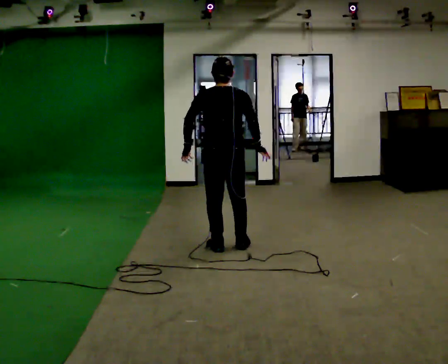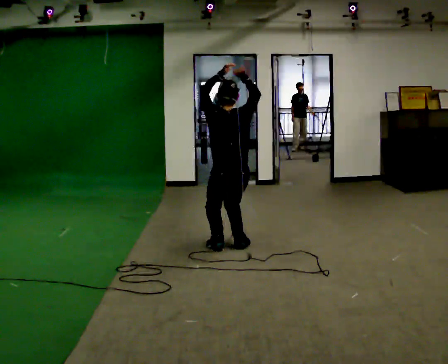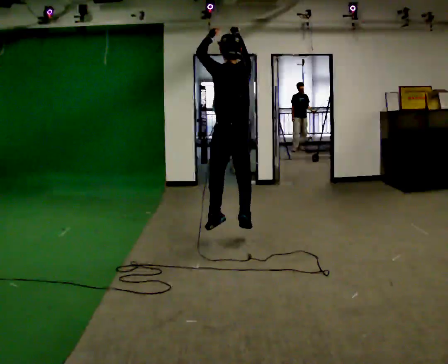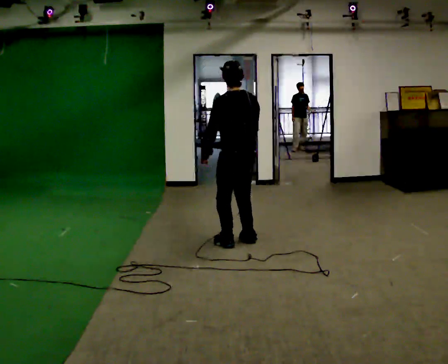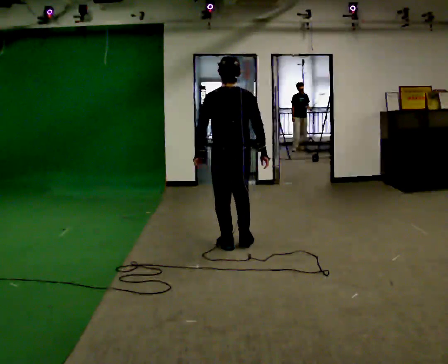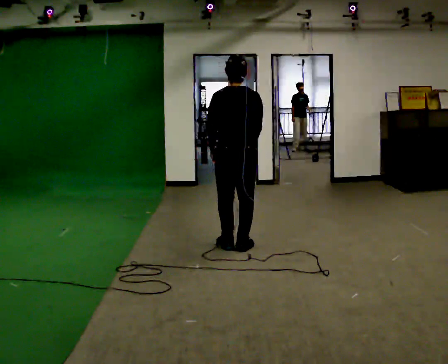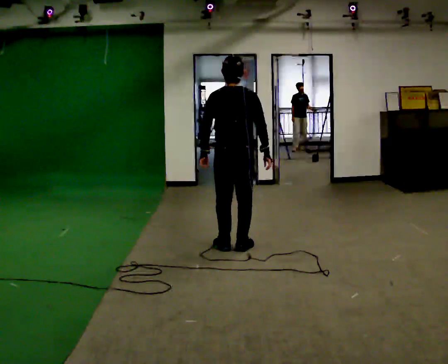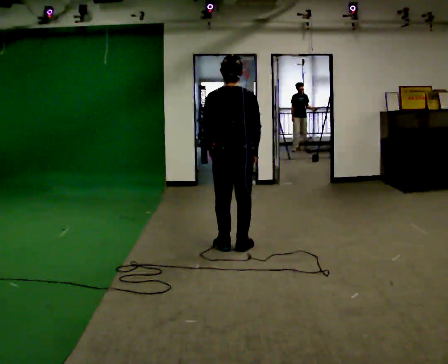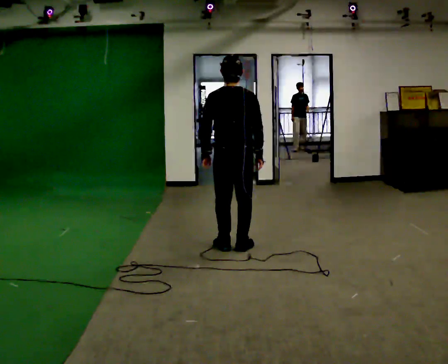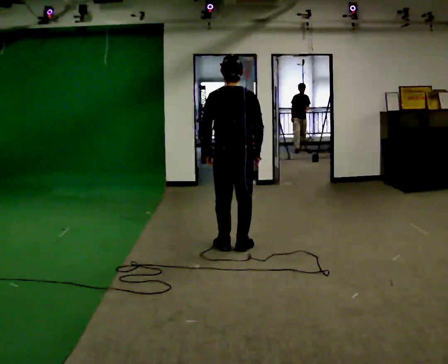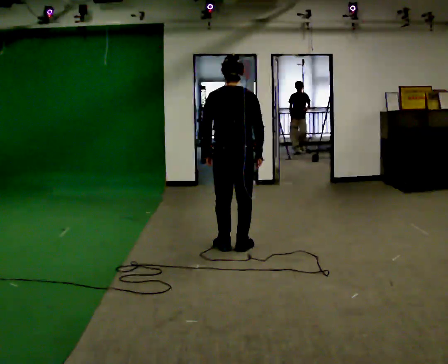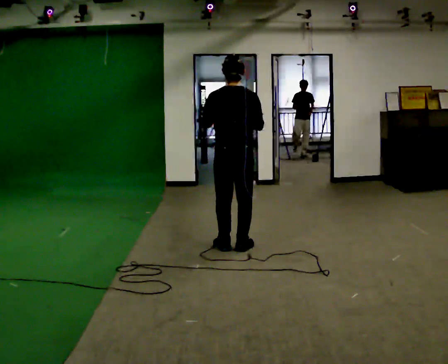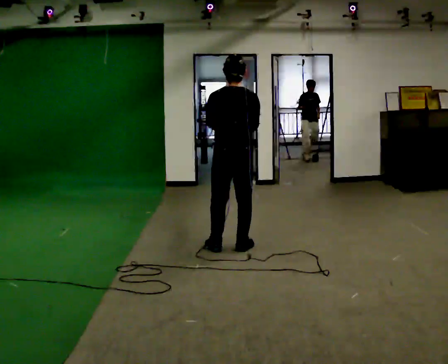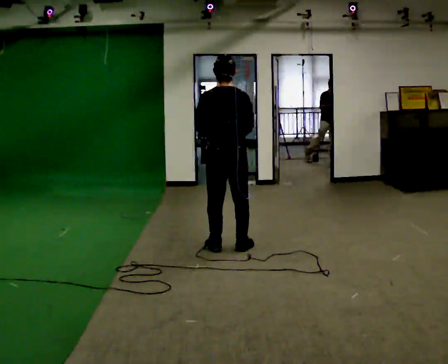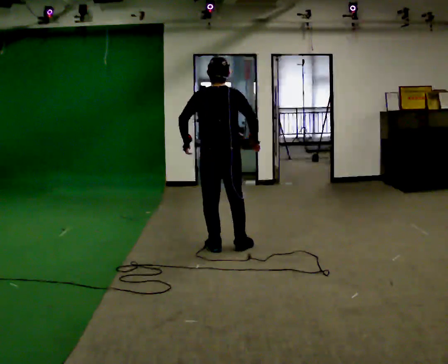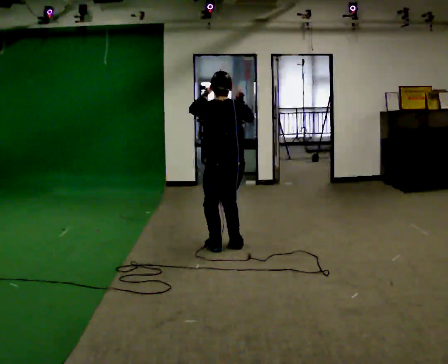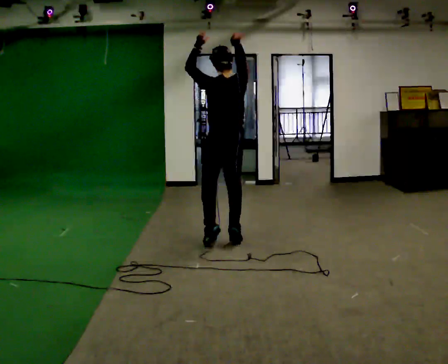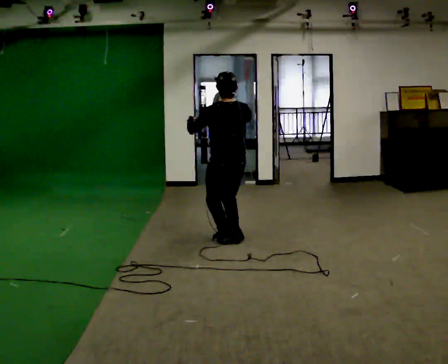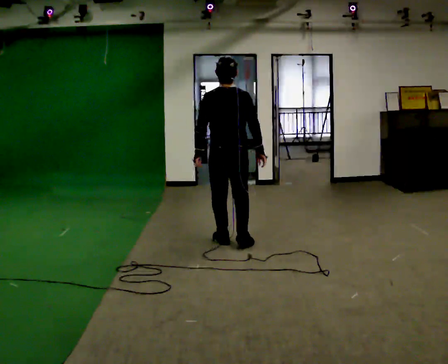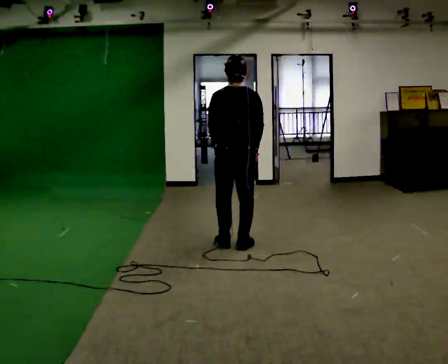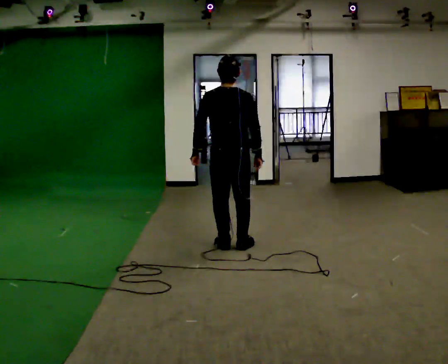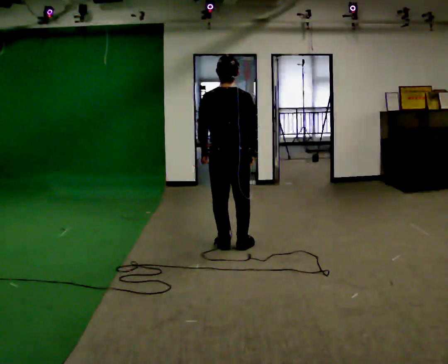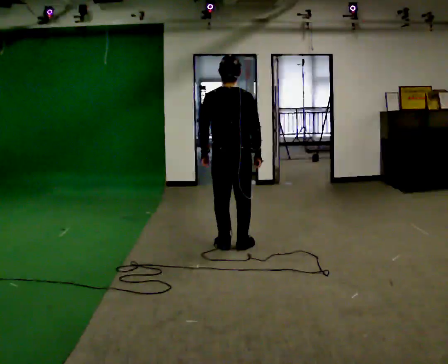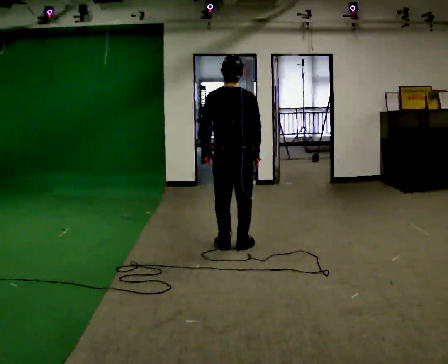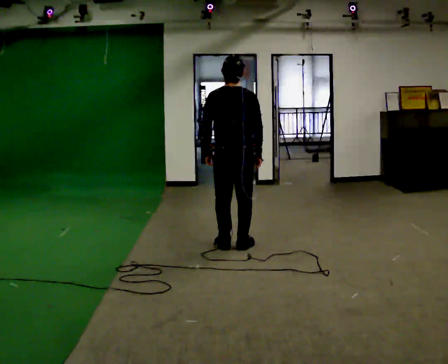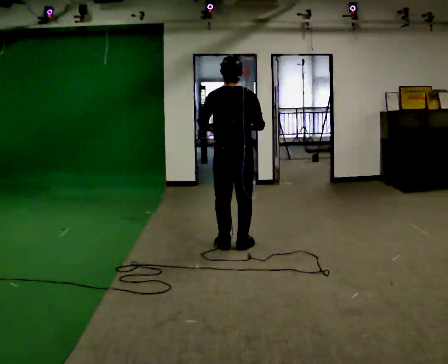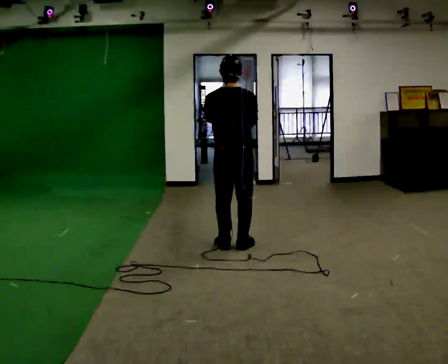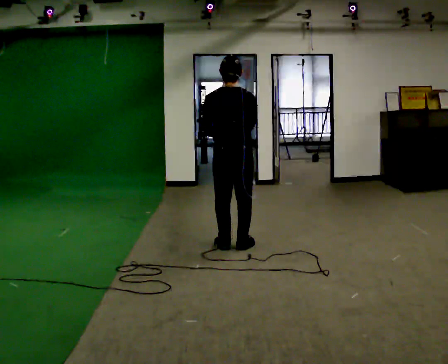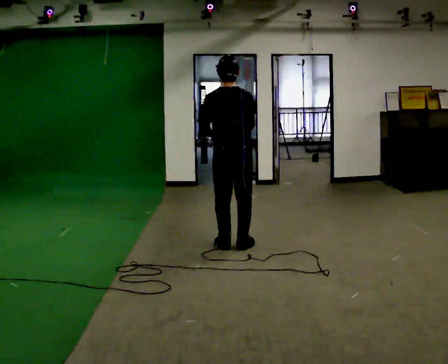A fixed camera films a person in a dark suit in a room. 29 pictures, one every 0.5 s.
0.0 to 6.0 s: The person moves a little, or ends about where they began.
6.0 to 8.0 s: In the picture they go away from the camera, about 0.25 m, which for them is forward. In the picture their right hand goes upward.
8.0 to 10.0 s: In the picture they go toward the camera, about 0.25 m in 4 steps, which for them is backward. In the picture their right hand goes downward.
10.0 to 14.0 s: The person moves a little, or ends about where they began.
The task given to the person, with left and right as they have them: Mime a jump shot with no ball: catch, set, rise and release. Repeat the movement at your own pace until the operator says stop; do not rush.
The film runs forward here.
